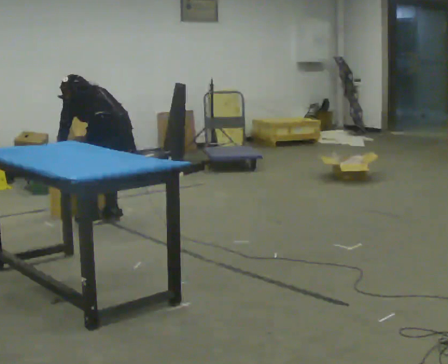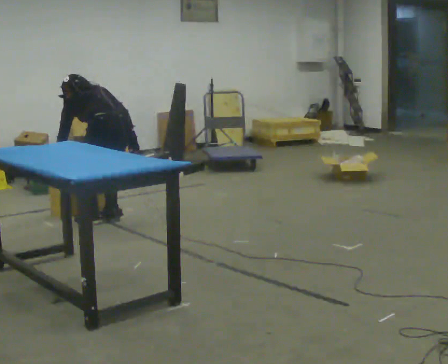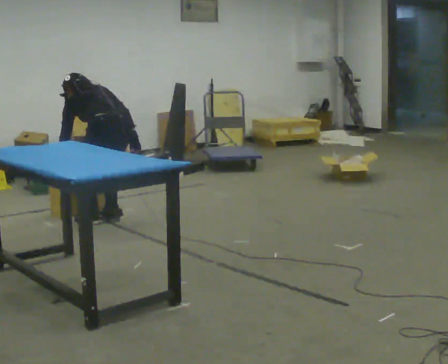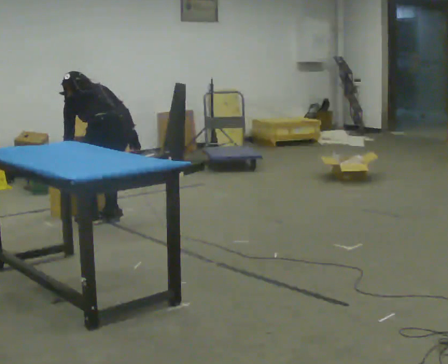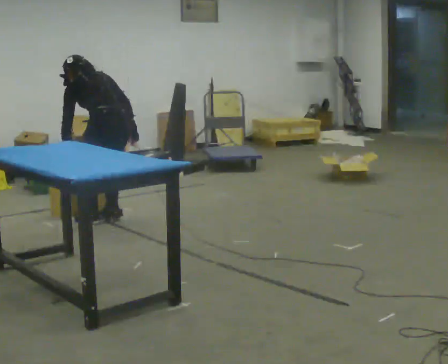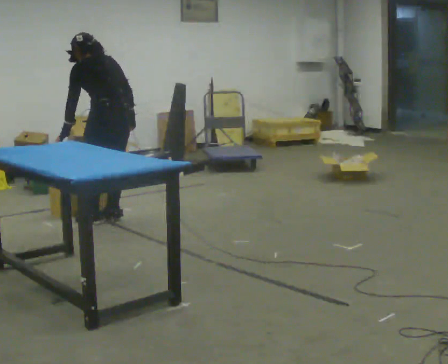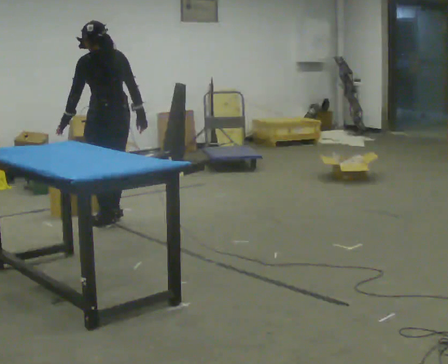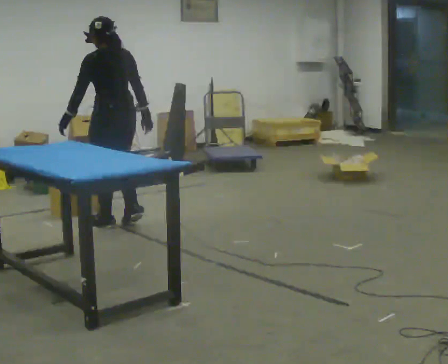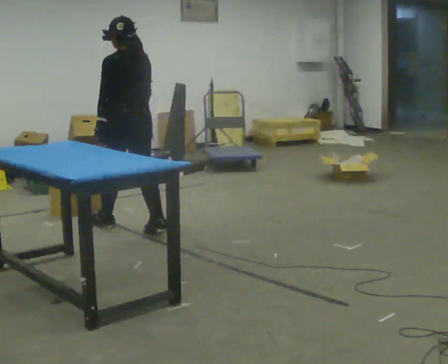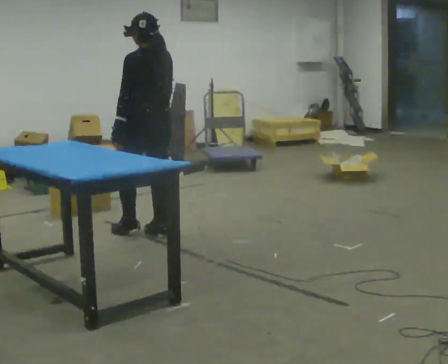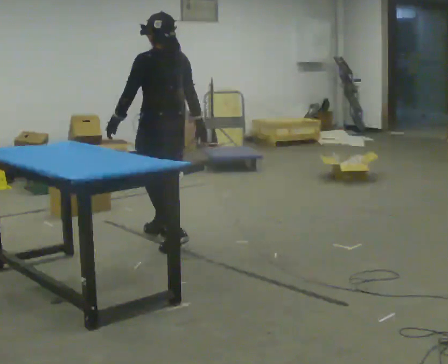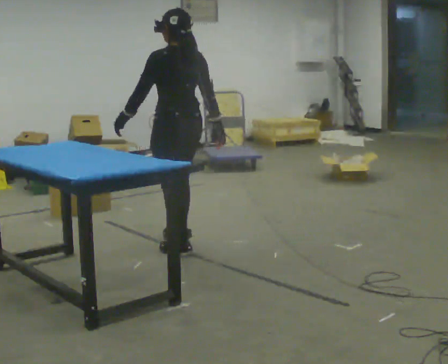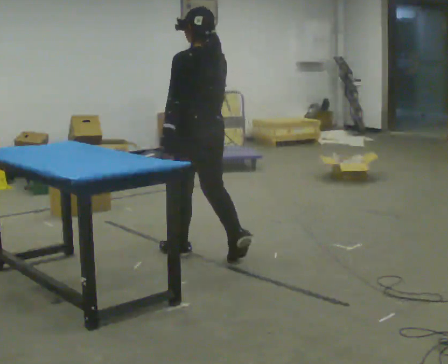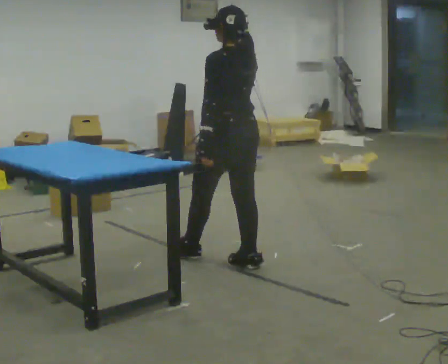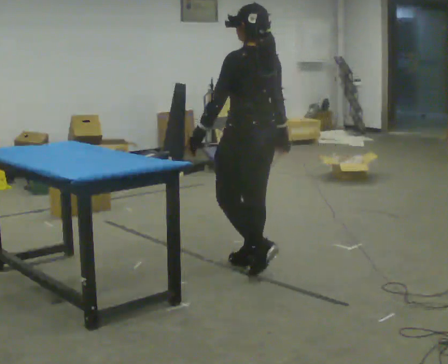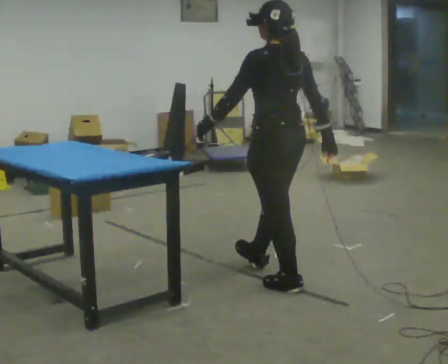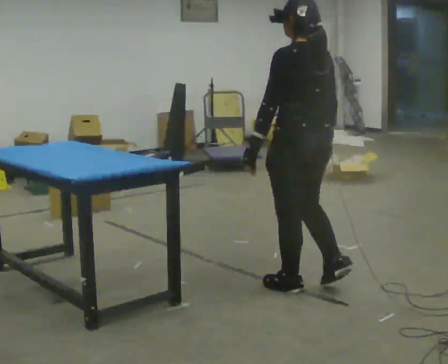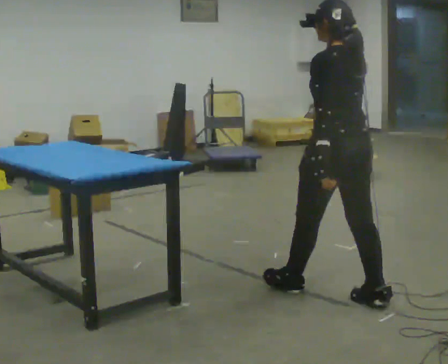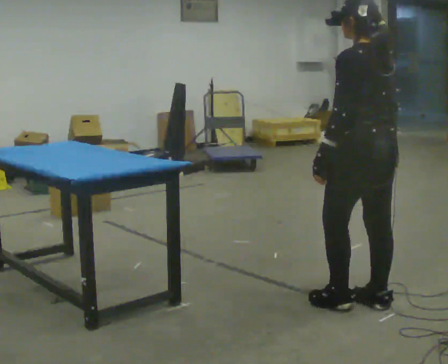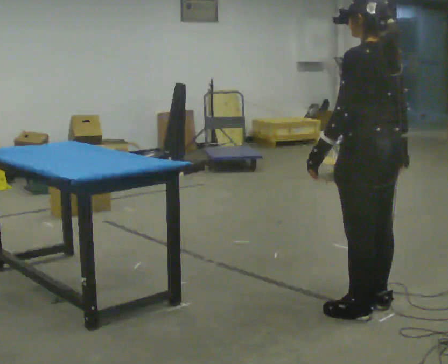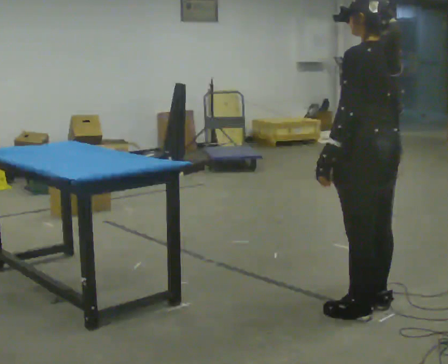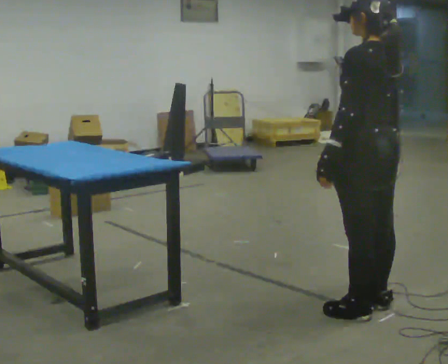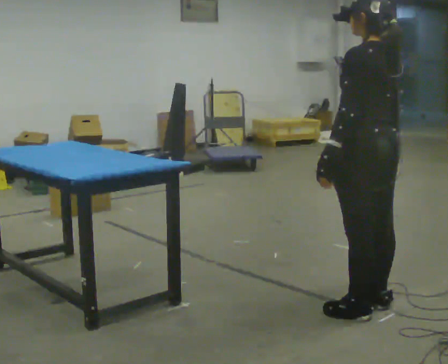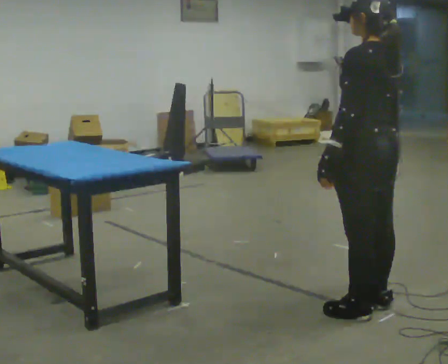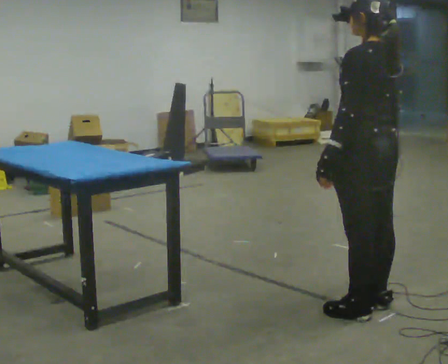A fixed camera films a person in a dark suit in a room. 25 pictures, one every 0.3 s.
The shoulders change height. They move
upward.
The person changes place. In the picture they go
toward the camera.
0.0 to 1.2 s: The upper body tips toward the camera, its near side rolling downward, as they lean back or straighten.
1.2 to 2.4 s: In the picture they go toward the camera, about 0.25 m in 2 steps, which for them is backward. The upper body goes upward. The upper body tips toward the camera, its near side rolling downward, as they lean back or straighten.
2.4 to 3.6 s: In the picture they go toward the camera and to the right, about 1 m in 2 steps, which for them is backward.
3.6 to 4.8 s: In the picture they go toward the camera and to the right, about 1 m in 2 steps, which for them is backward.
4.8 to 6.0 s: In the picture they go toward the camera and to the right, about 0.5 m in 1 step, which for them is backward.
6.0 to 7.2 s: The person keeps their place and pose.
The film runs backward here.
